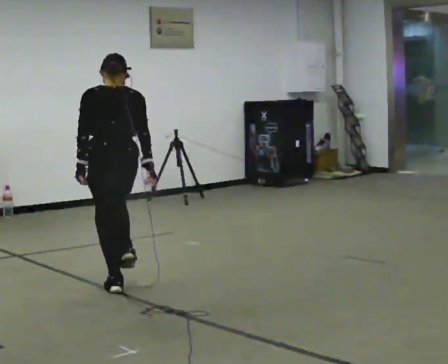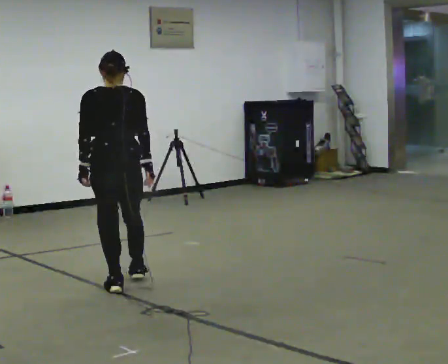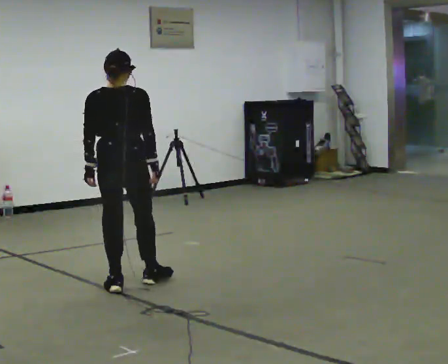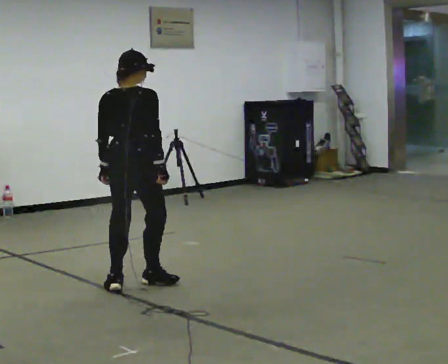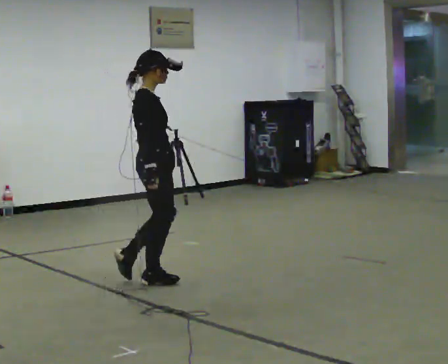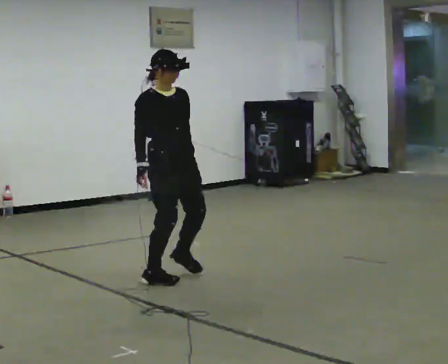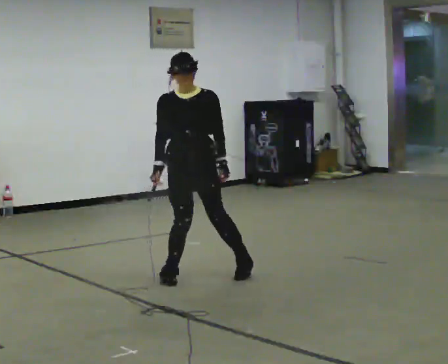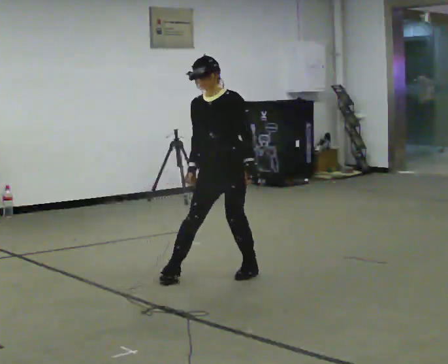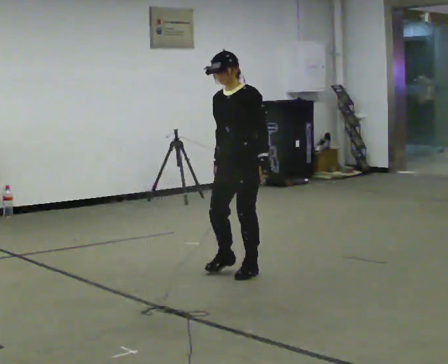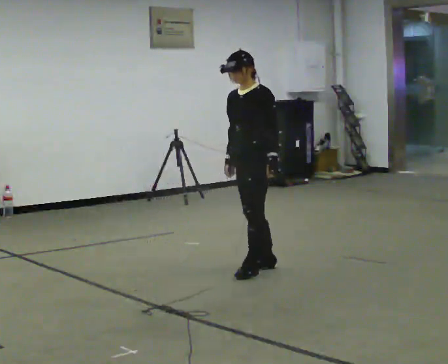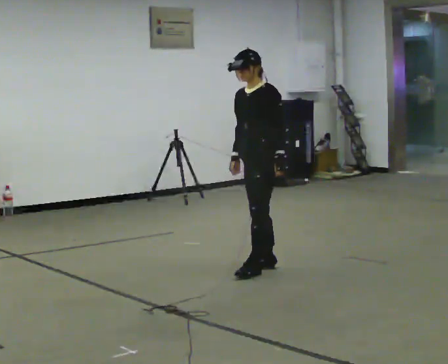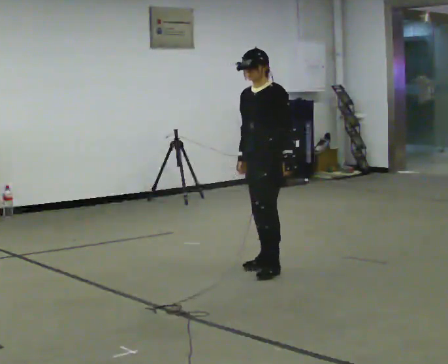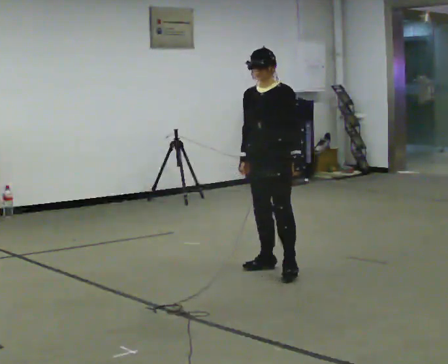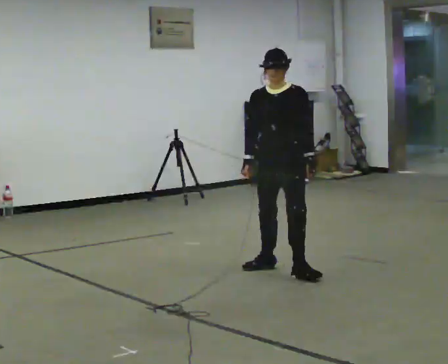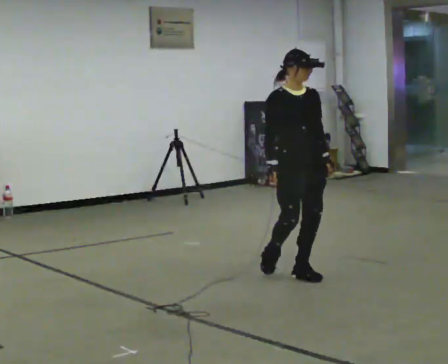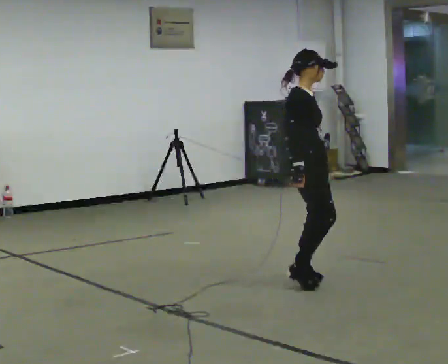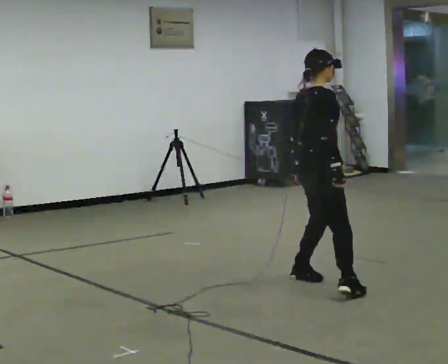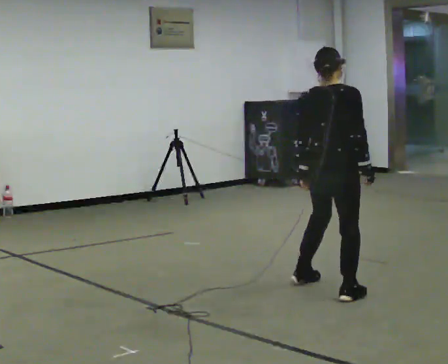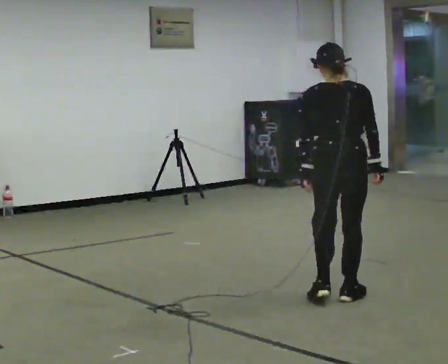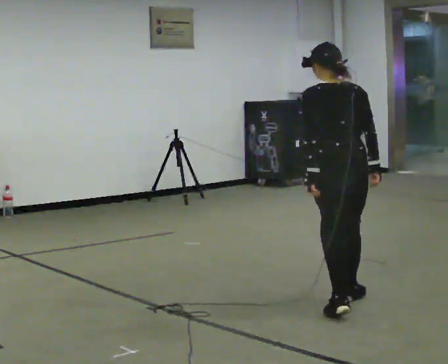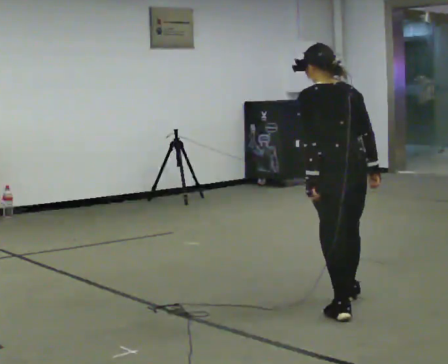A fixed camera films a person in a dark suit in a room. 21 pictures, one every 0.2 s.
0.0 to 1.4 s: The person turns about 240 degrees to their right, clockwise seen from above, so the part of the body nearest the lens slides to the left. In the picture they go to the right and away from the camera, about 1 m in 2 steps.
1.4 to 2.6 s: In the picture they go to the right, about 0.5 m in 2 steps, which for them is backward and to their left.
2.6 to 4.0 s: The person turns about 225 degrees to their left, counterclockwise seen from above, so the part of the body nearest the lens slides to the right. In the picture they go toward the camera, about 1 m in 2 steps.
The film runs forward here.
